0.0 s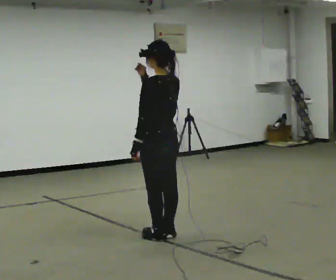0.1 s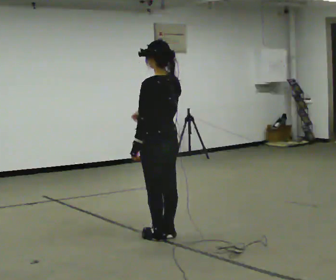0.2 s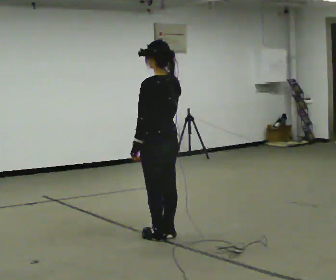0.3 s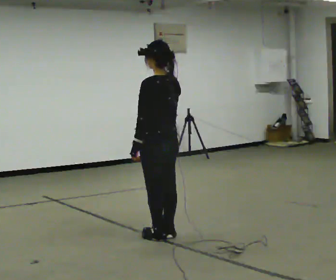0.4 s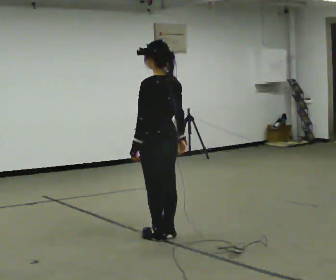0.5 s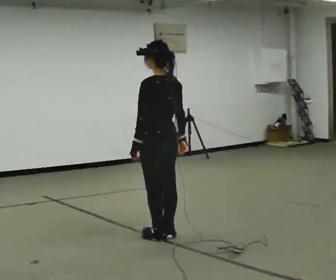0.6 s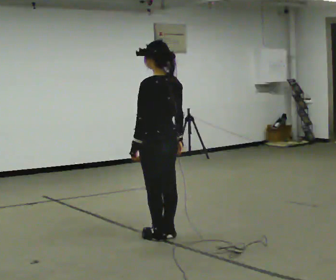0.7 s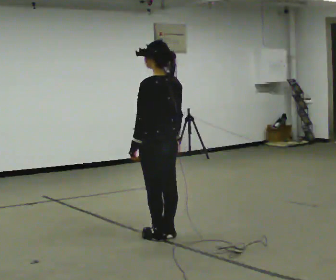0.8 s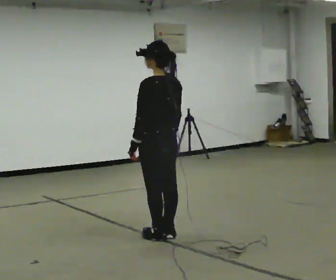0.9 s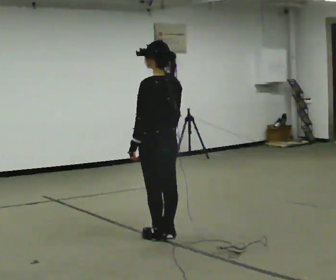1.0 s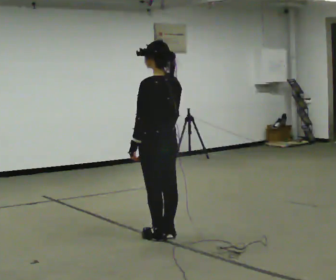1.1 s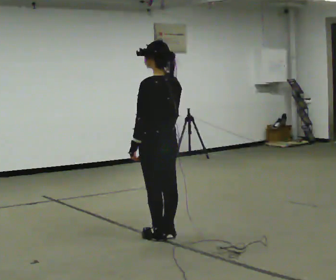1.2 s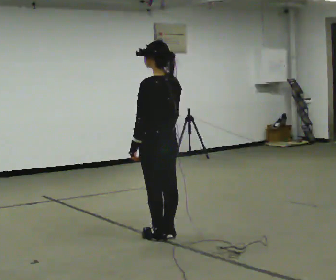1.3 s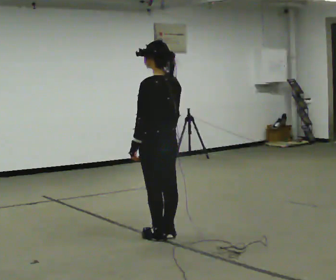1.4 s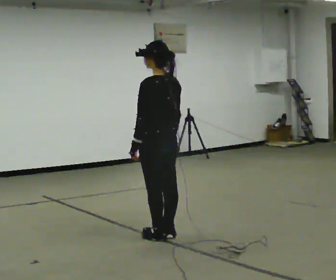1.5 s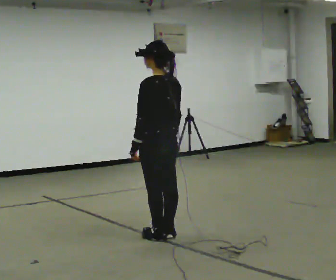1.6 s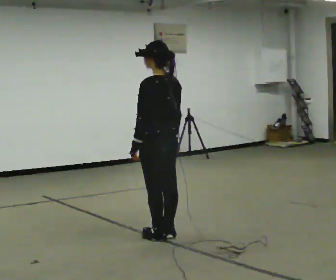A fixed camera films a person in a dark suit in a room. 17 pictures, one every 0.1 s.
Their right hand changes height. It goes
downward.
0.0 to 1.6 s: In the picture their right hand goes downward.
The film runs forward here.
